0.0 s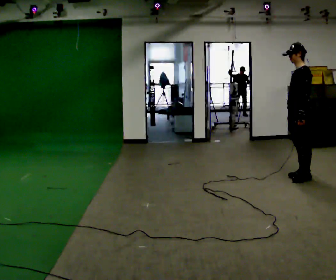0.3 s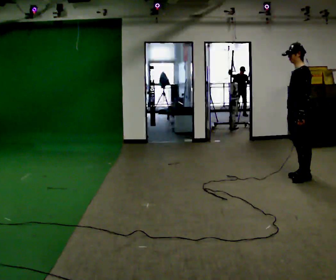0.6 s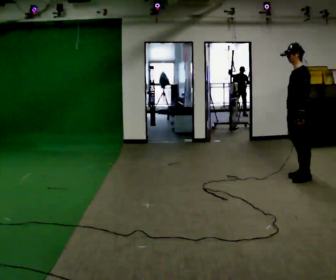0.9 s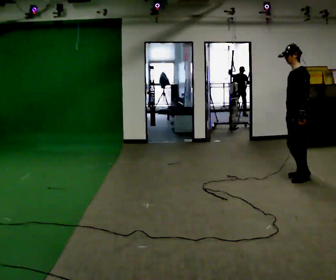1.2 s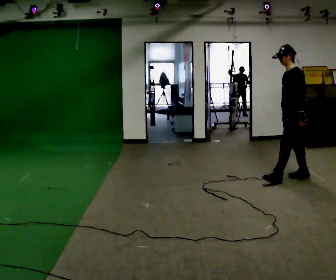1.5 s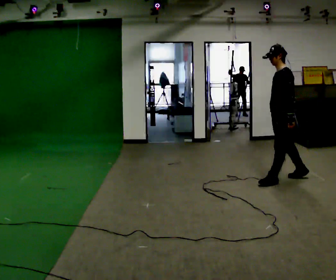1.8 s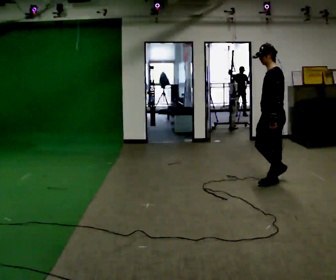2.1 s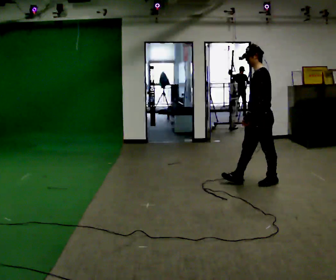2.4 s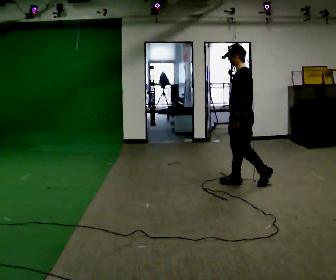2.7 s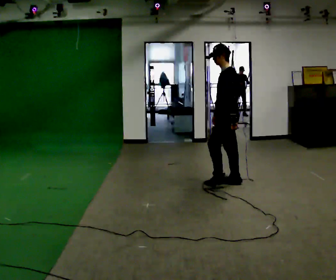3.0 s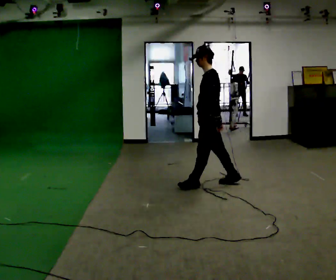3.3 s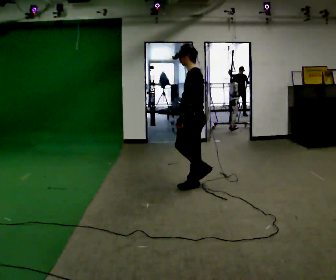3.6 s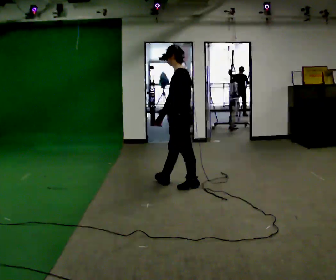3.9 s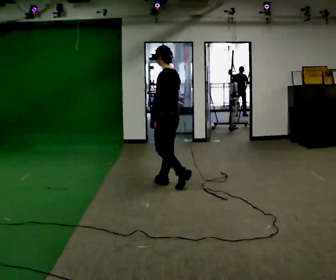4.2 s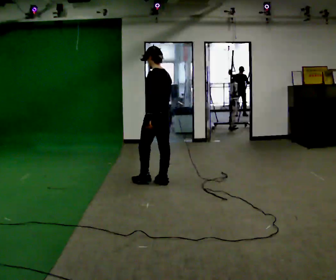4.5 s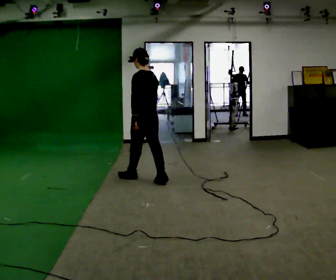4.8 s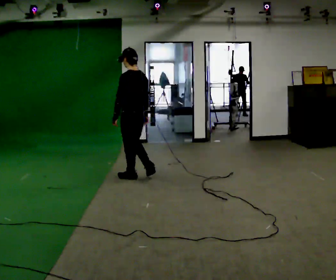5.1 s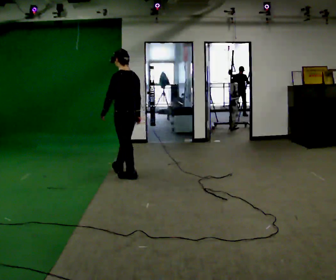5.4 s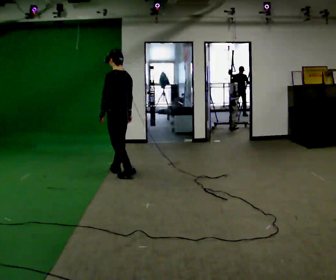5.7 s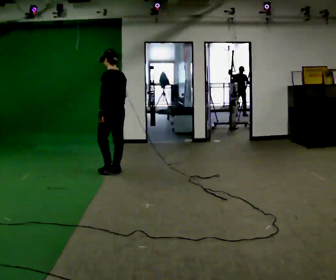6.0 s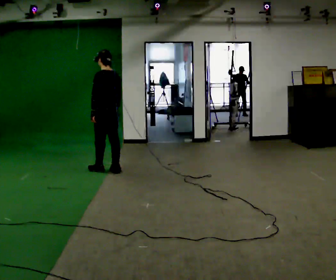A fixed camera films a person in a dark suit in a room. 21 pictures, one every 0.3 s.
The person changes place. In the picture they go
to the left.
0.0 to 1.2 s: The person moves a little, or ends about where they began.
1.2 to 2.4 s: In the picture they go to the left, about 0.75 m in 2 steps, which for them is forward.
2.4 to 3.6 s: In the picture they go to the left, about 0.5 m in 1 step, which for them is forward.
3.6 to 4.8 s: Seen from above the body turns clockwise, about 30 degrees: to their right, with its near side sliding to the left. In the picture they go to the left, about 0.75 m in 2 steps, which for them is forward.
4.8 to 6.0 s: In the picture they go to the left and away from the camera, about 0.5 m in 2 steps, which for them is forward.
The film runs forward here.
